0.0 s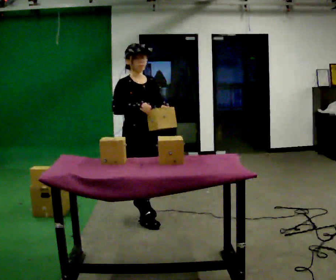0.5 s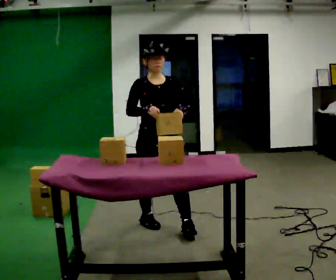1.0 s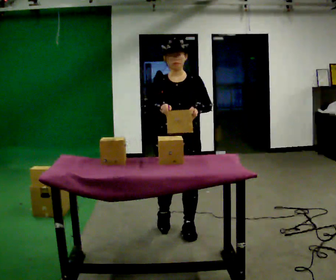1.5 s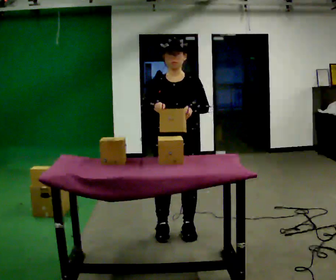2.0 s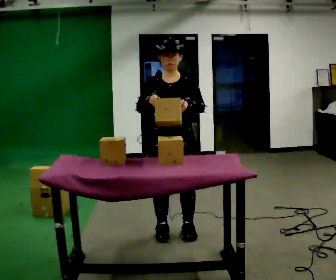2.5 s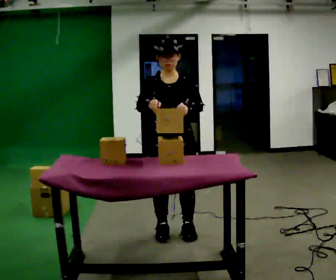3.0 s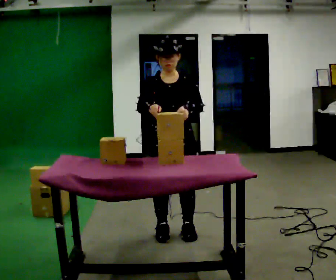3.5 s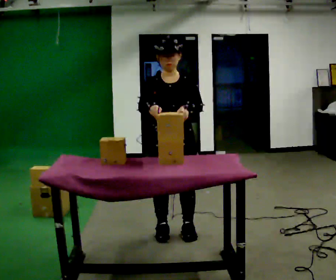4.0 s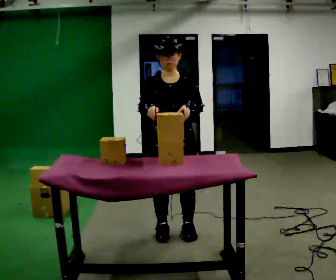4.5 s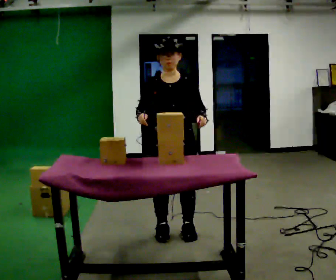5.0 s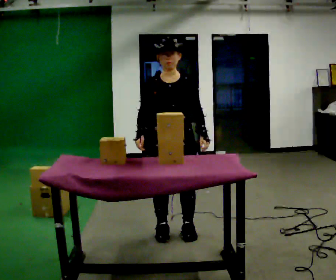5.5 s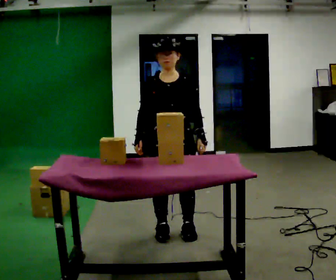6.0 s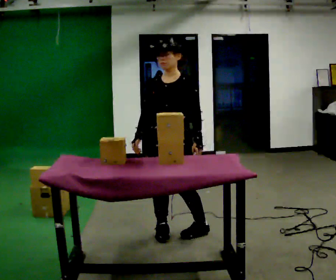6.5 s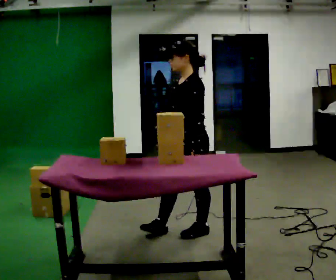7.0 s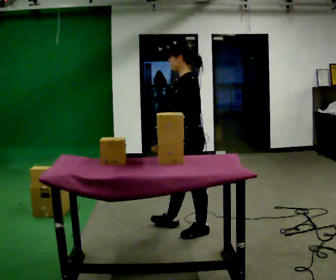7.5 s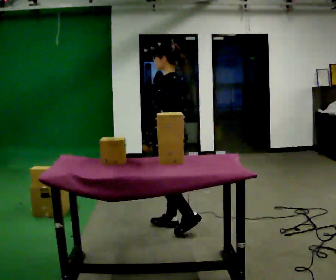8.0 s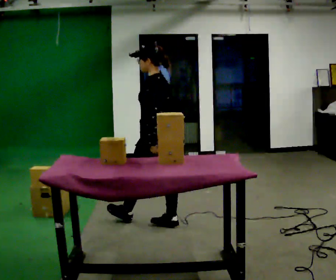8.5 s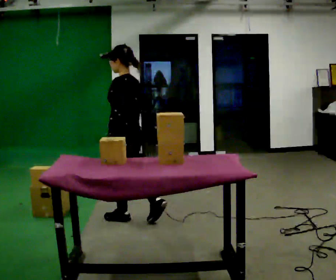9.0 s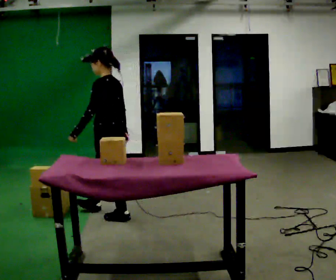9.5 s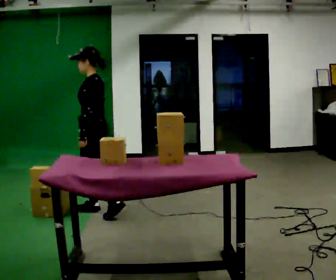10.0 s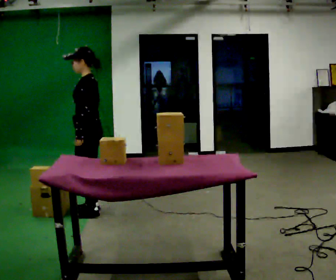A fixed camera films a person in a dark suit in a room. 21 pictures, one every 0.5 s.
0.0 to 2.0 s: The person turns about 45 degrees to their right, clockwise seen from above, so the part of the body nearest the lens slides to the left. In the picture they go toward the camera and to the right, about 0.5 m in 2 steps, which for them is forward and to their left.
2.0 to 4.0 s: The person moves a little, or ends about where they began.
4.0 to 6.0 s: The person turns about 30 degrees to their right, clockwise seen from above, so the part of the body nearest the lens slides to the left.
6.0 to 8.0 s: Seen from above the body turns clockwise, about 90 degrees: to their right, with its near side sliding to the left. In the picture they go away from the camera, about 0.25 m in 1 step.
8.0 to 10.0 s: The person turns about 30 degrees to their left, counterclockwise seen from above, so the part of the body nearest the lens slides to the right. In the picture they go to the left and away from the camera, about 0.5 m in 3 steps, which for them is forward.
The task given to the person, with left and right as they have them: Carry the handheld device and, while walking, point it at the labels on the shelves and press the button as if scanning them.
The film runs forward here.
